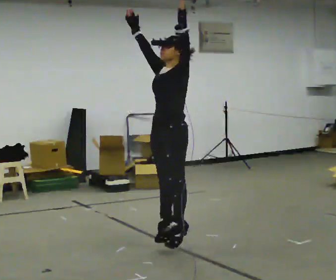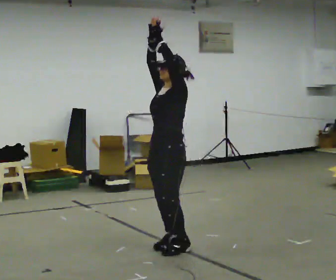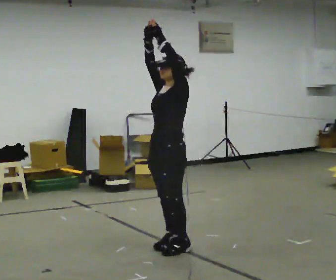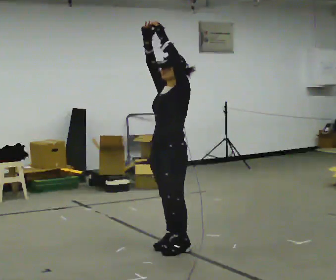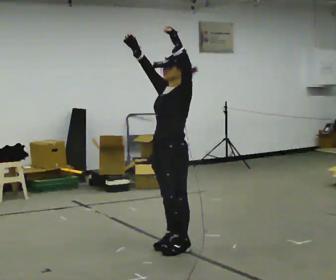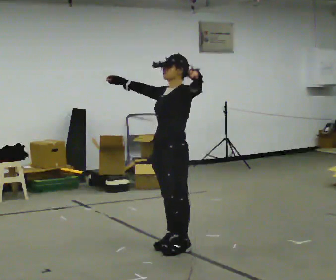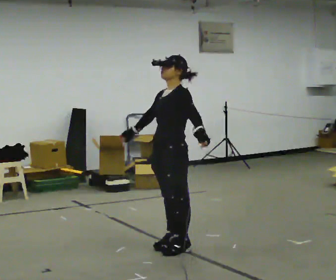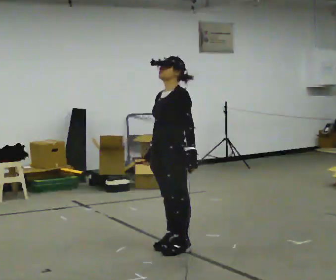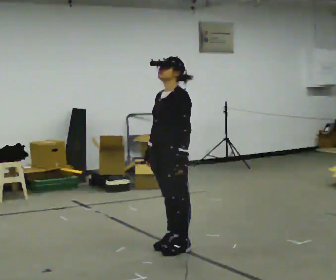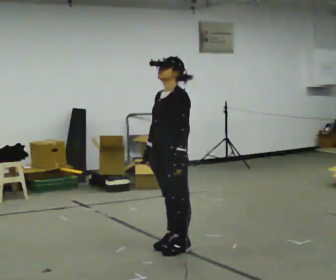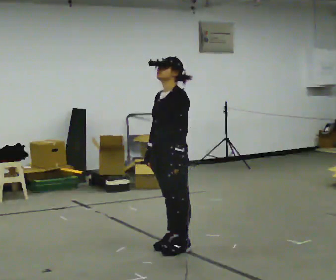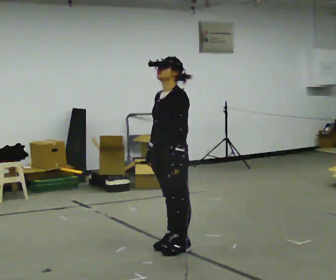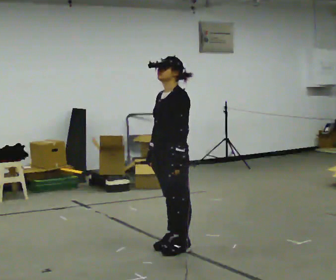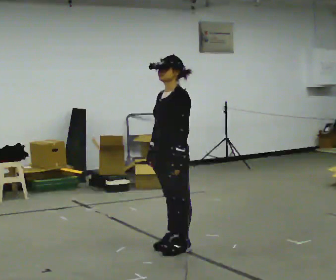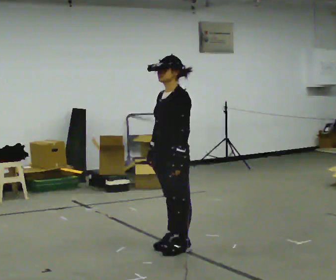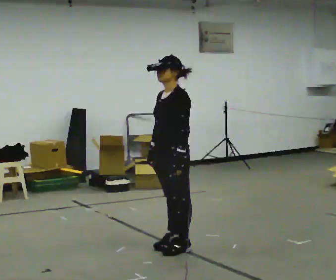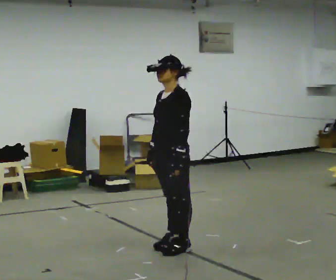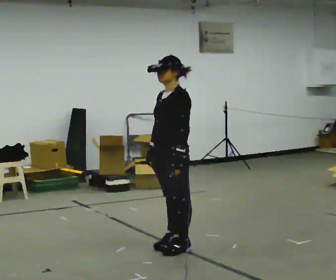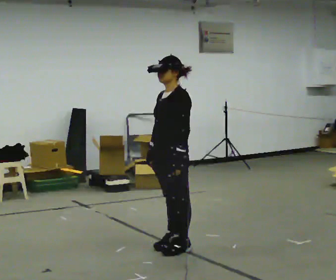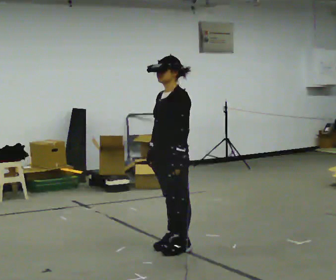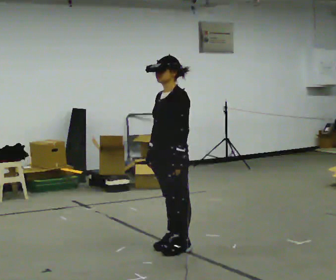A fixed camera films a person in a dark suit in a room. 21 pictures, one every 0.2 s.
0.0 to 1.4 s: In the picture their right hand goes downward, the arm swinging counterclockwise.
1.4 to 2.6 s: The person moves a little, or ends about where they began.
2.6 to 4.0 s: The person keeps their place and pose.
The film runs forward here.
